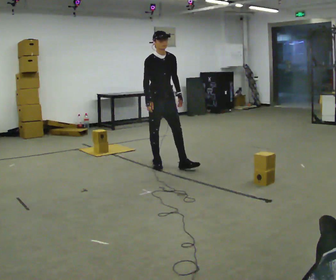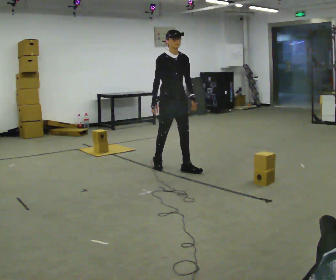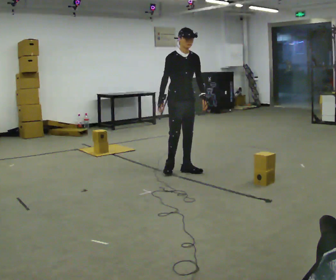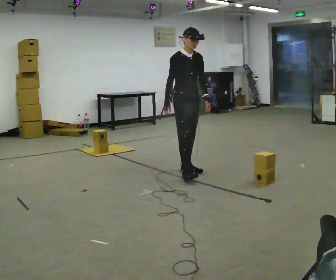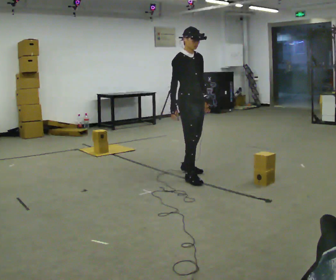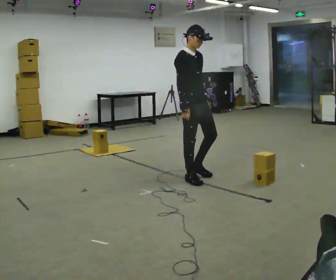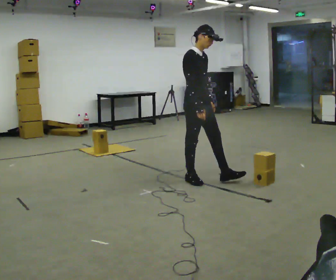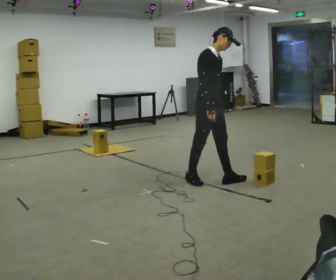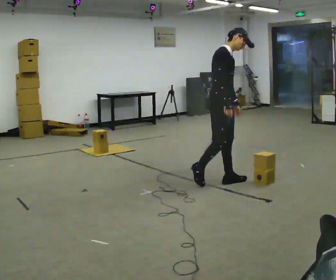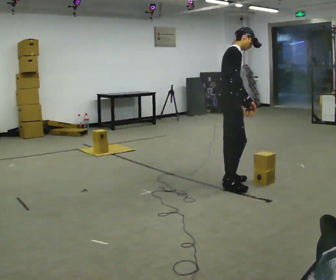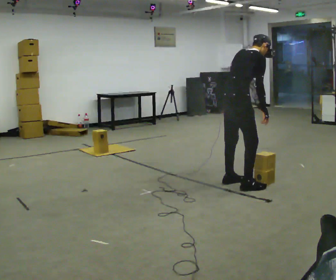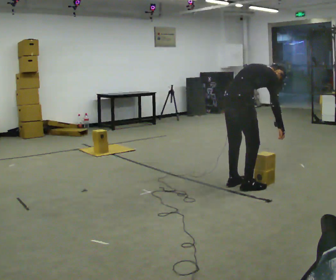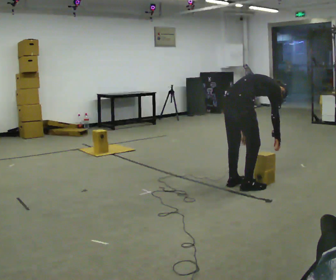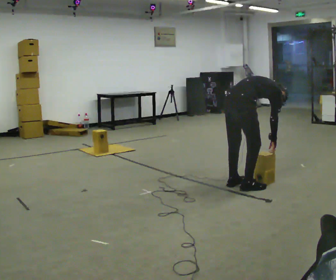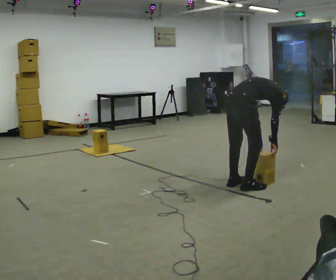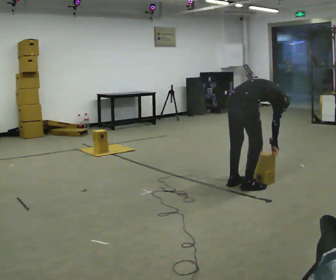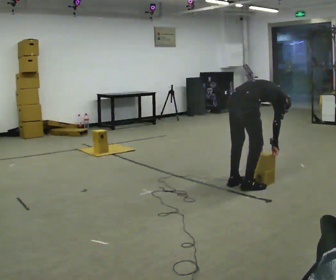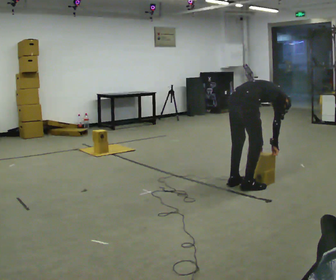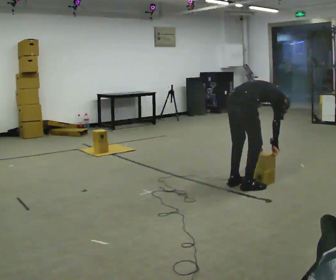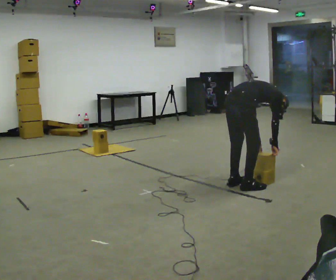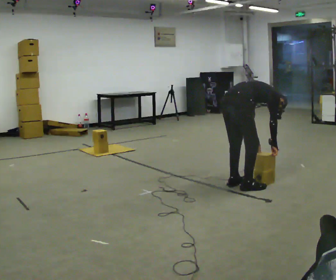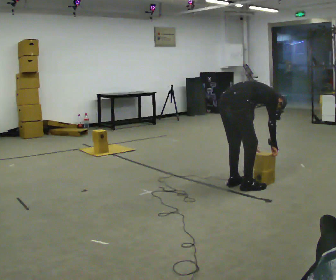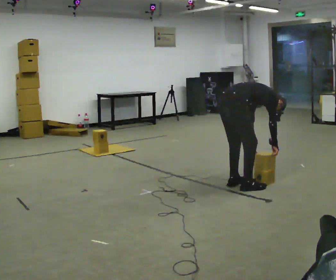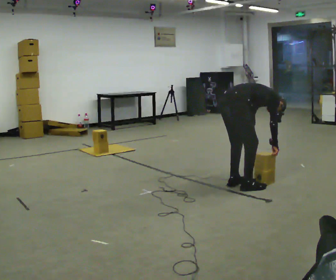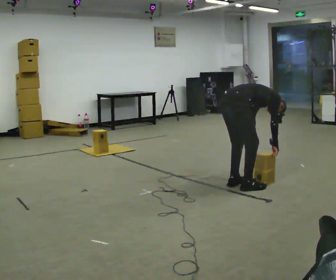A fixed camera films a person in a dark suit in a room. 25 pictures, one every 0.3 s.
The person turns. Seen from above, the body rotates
counterclockwise.
The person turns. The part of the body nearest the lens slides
to the right.
0.0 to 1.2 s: In the picture they go to the right and toward the camera, about 0.5 m in 2 steps, which for them is forward.
1.2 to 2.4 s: In the picture they go to the right and toward the camera, about 0.5 m in 1 step, which for them is forward.
2.4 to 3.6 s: The part of the body nearest the lens slides to the right as the person turns to their left by about 60 degrees. In the picture they go toward the camera and to the right, about 0.5 m in 1 step. The upper body goes downward. The upper body tips away from the camera, its near side rolling upward, as they bend forward. In the picture their right hand goes downward.
3.6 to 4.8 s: The upper body tips away from the camera, its near side rolling upward, as they bend forward.
4.8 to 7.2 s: The person moves a little, or ends about where they began.
The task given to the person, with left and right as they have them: Carry the boxes over one at a time and lay them out on the pallet in the pattern the operator shows you. Keep going until the operator says stop; one object at a time, and do not rush between trips.
The film runs forward here.
